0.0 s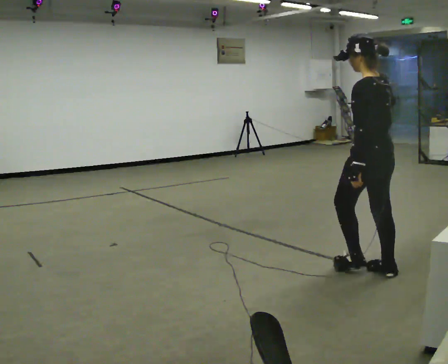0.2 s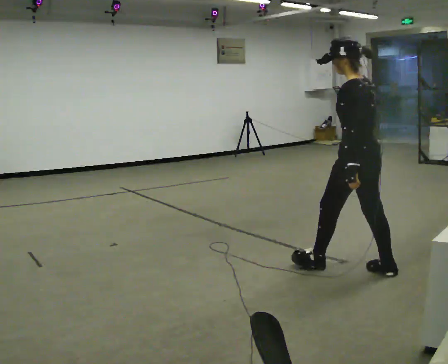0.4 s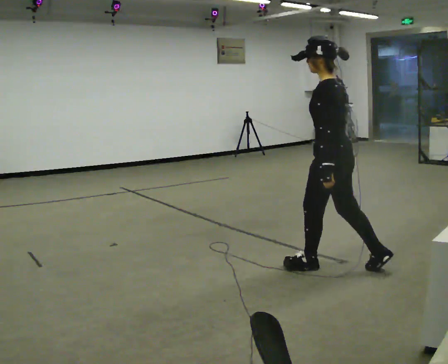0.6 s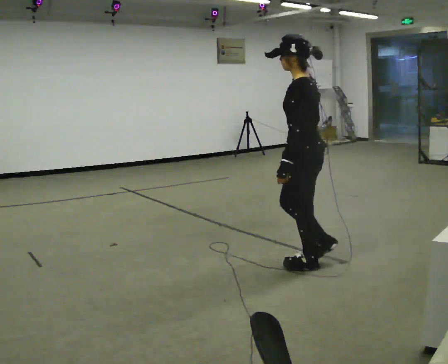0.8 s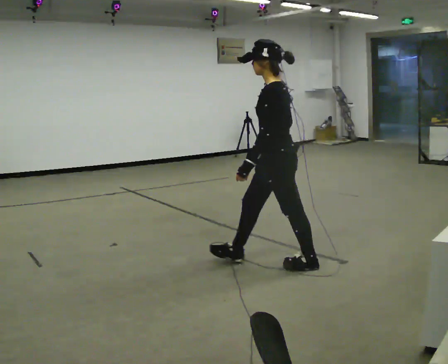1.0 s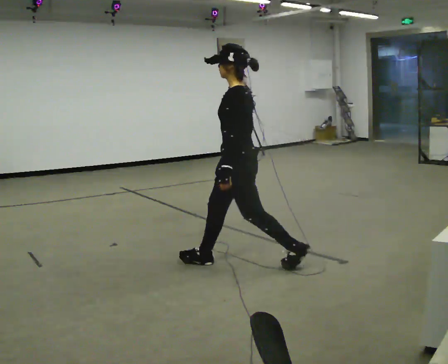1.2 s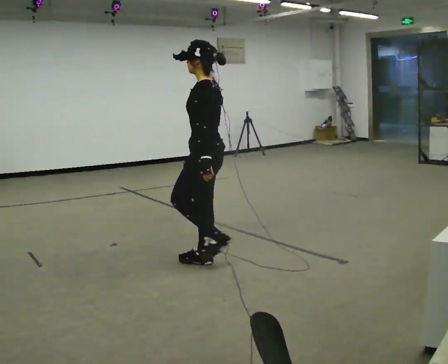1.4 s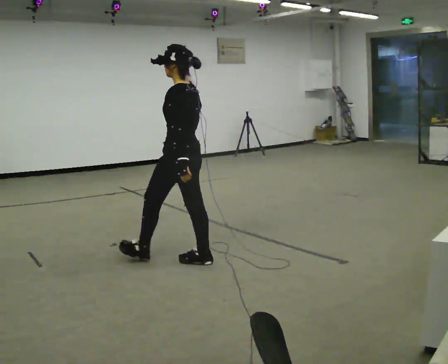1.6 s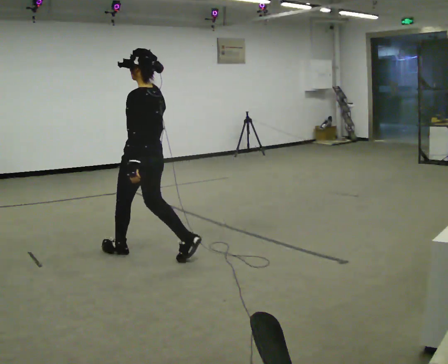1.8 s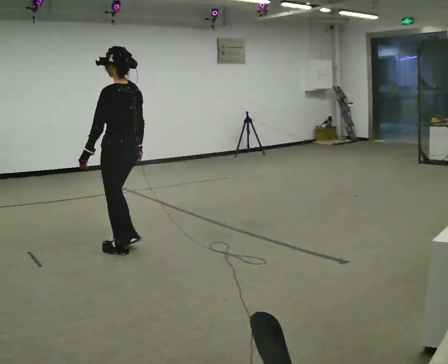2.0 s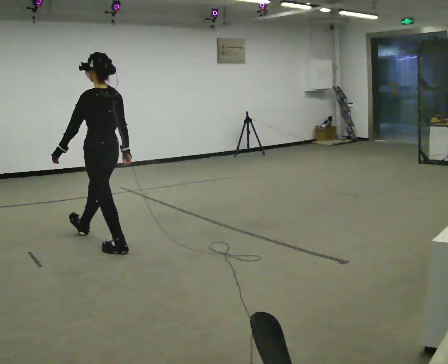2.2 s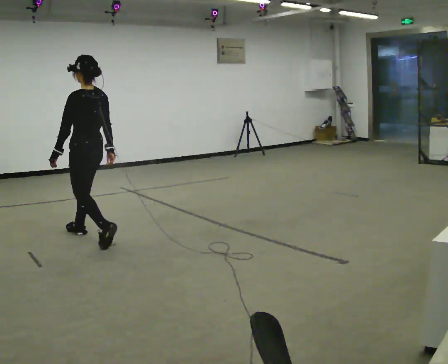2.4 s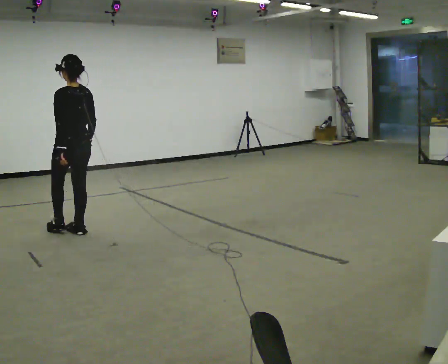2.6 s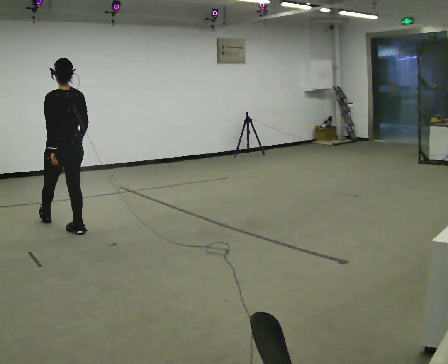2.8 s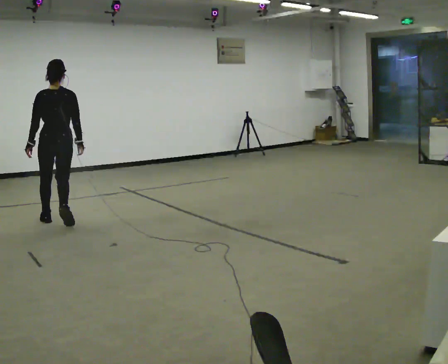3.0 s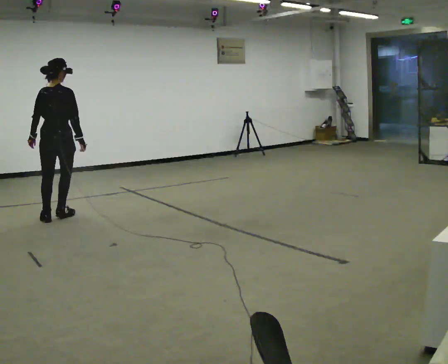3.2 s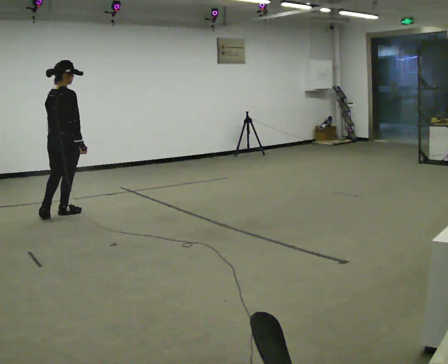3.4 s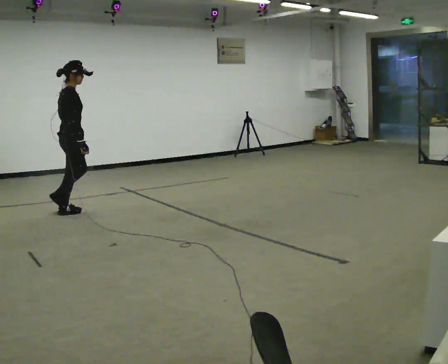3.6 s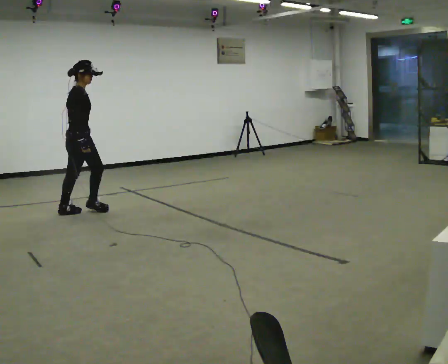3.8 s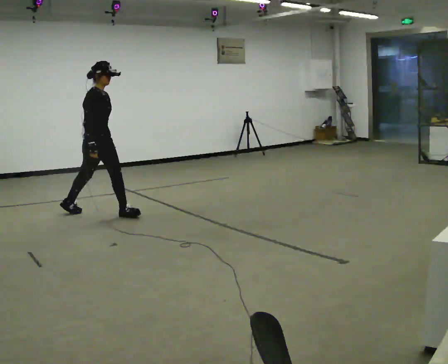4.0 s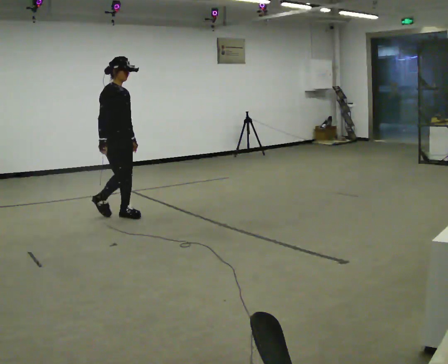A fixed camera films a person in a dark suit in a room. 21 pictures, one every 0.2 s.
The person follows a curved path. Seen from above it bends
clockwise.
0.0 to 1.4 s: The part of the body nearest the lens slides to the right as the person turns to their left by about 30 degrees. In the picture they go to the left and away from the camera, about 1.5 m in 2 steps, which for them is forward.
1.4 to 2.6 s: Seen from above the body turns clockwise, about 30 degrees: to their right, with its near side sliding to the left. In the picture they go away from the camera and to the left, about 1.5 m in 2 steps, which for them is forward.
2.6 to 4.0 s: The person turns about 150 degrees to their right, clockwise seen from above, so the part of the body nearest the lens slides to the left. In the picture they go to the right and away from the camera, about 0.5 m in 3 steps.
The film runs forward here.
